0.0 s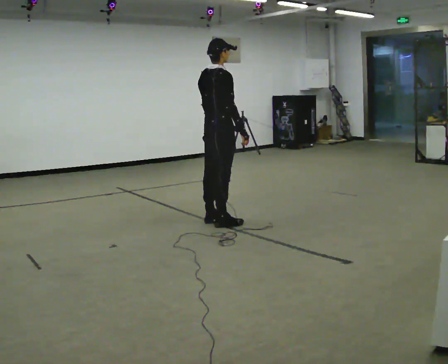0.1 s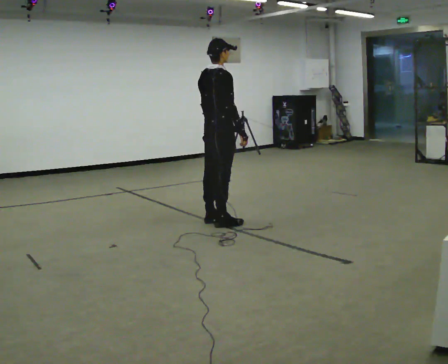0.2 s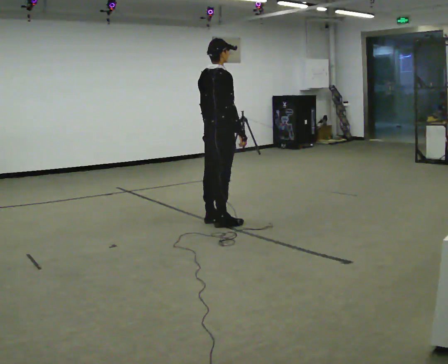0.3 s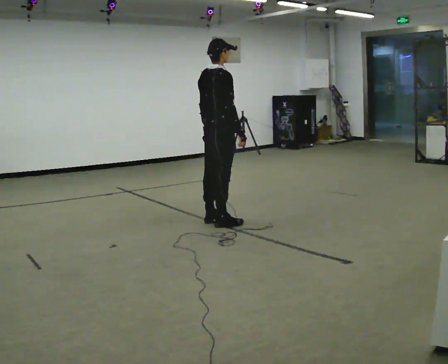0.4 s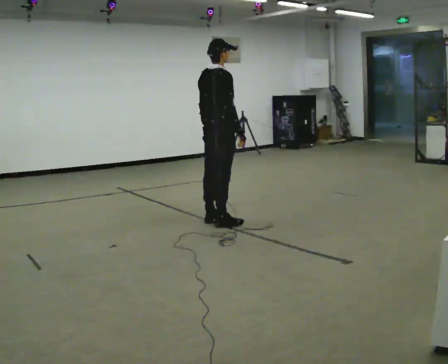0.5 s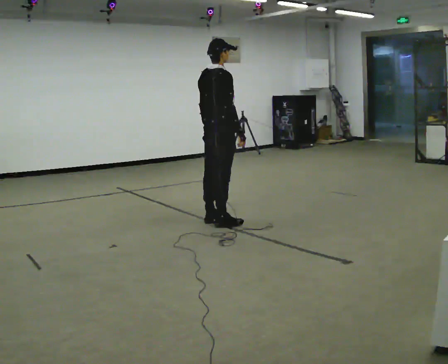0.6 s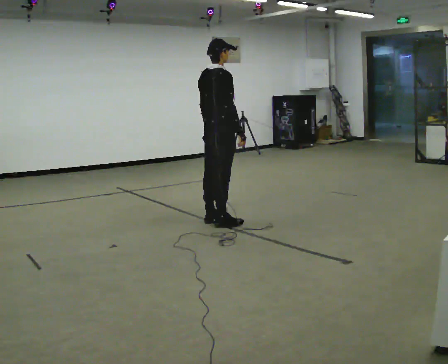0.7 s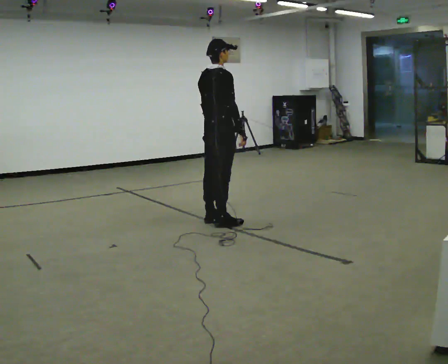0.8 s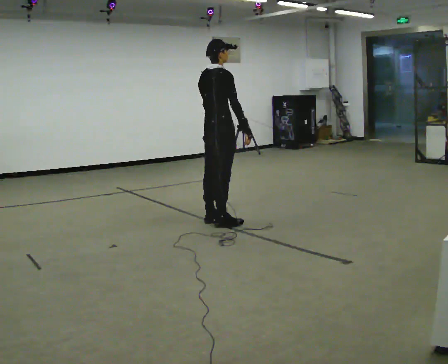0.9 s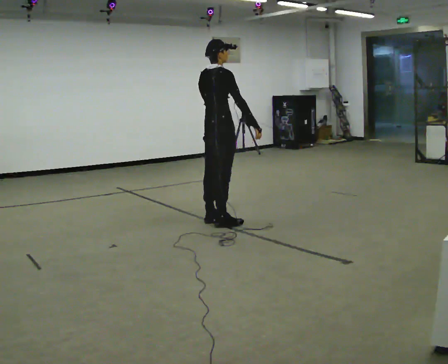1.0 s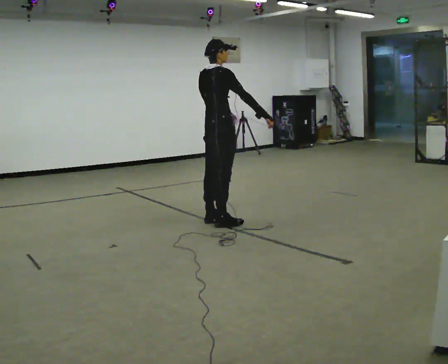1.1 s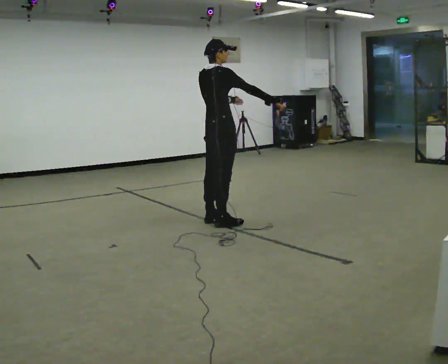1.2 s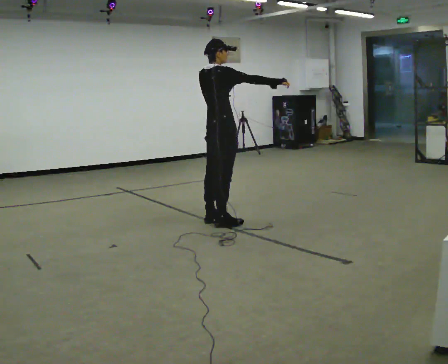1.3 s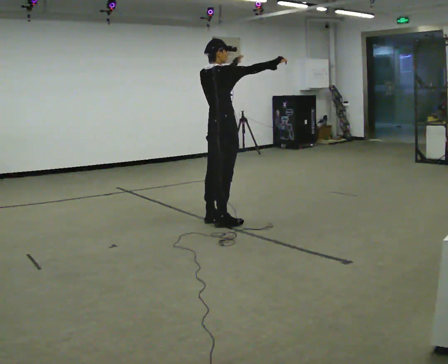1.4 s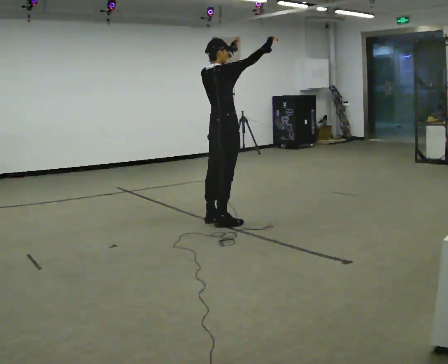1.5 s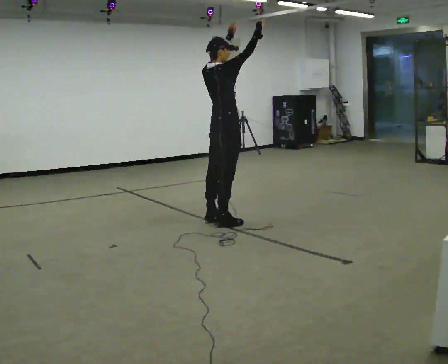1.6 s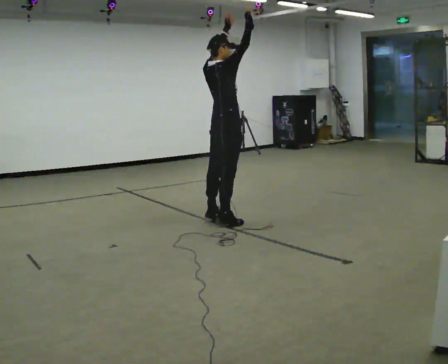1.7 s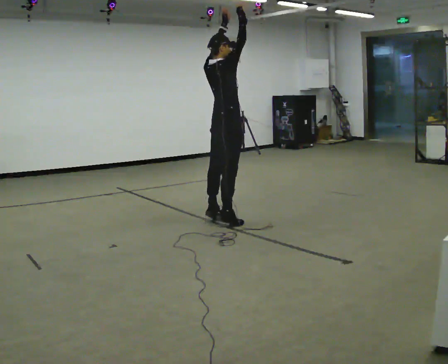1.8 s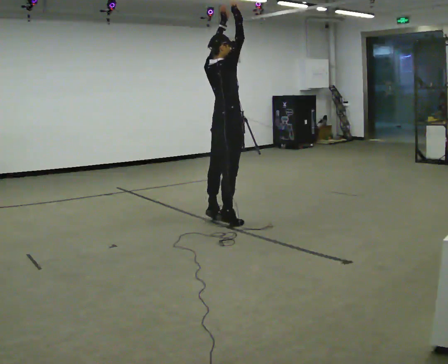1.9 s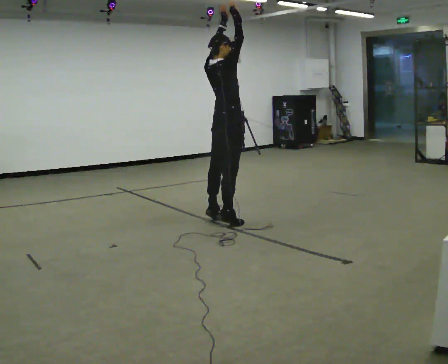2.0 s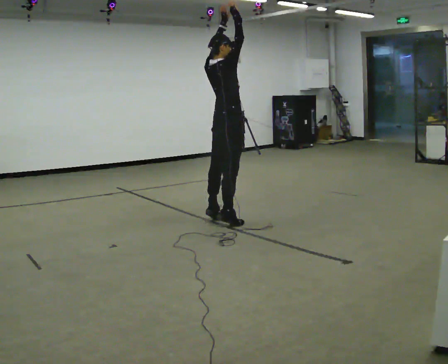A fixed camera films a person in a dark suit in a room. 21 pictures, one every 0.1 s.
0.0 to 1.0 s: The person moves a little, or ends about where they began.
1.0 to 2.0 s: In the picture their right hand goes upward, the arm swinging counterclockwise.
The film runs forward here.
